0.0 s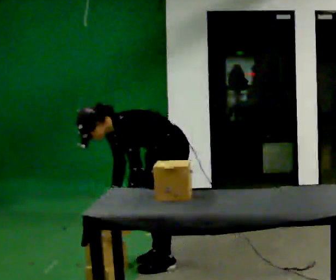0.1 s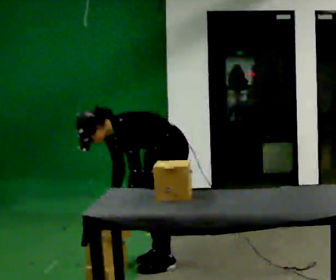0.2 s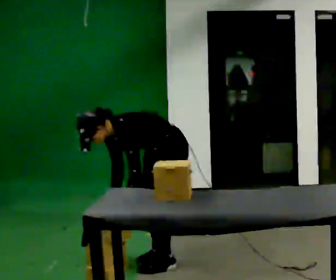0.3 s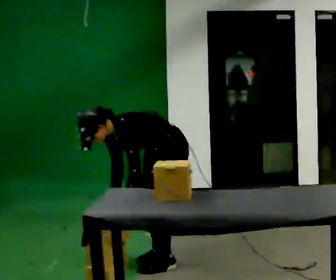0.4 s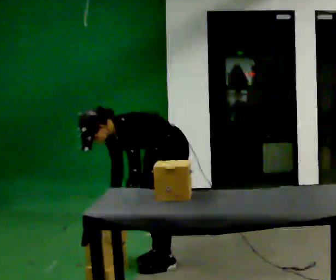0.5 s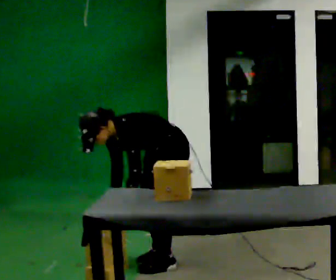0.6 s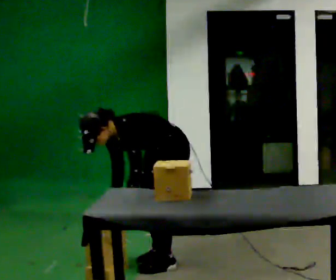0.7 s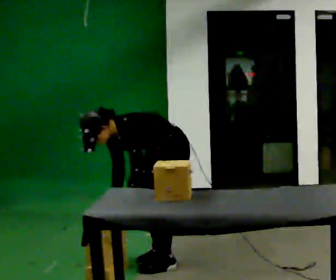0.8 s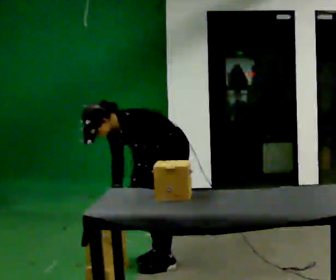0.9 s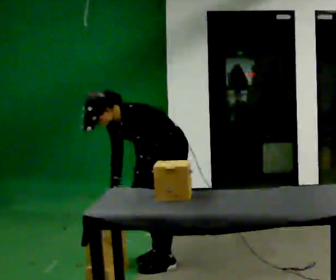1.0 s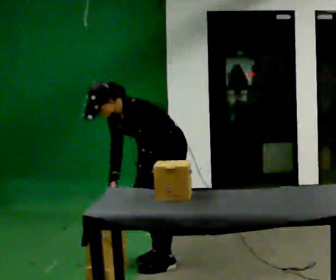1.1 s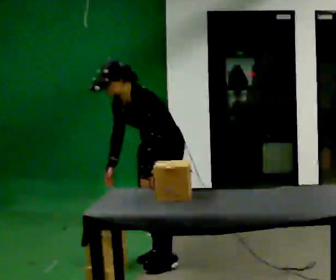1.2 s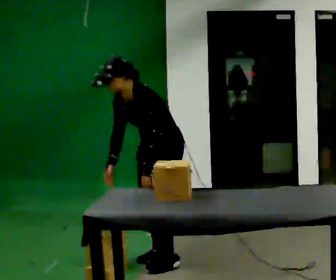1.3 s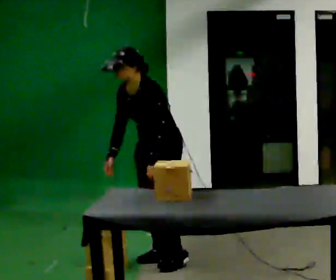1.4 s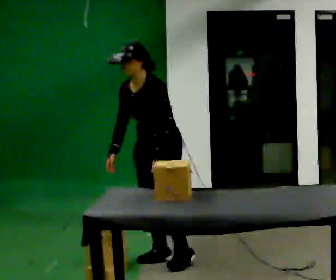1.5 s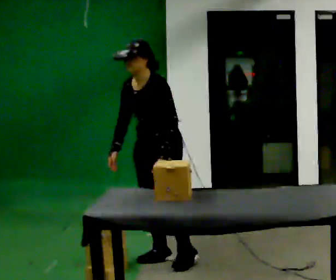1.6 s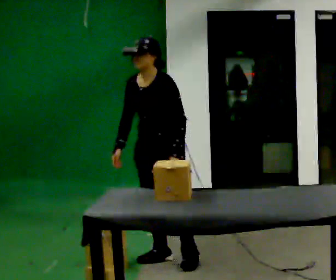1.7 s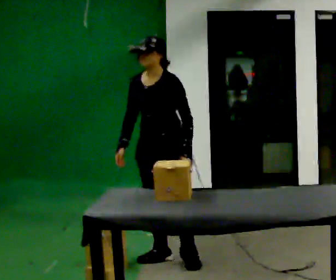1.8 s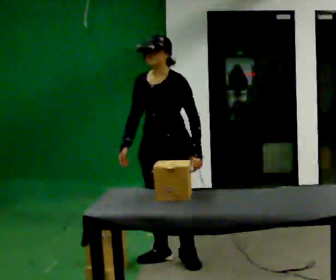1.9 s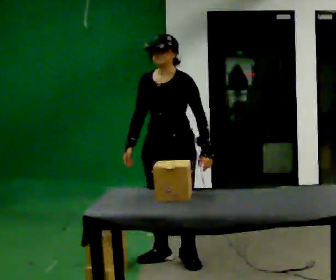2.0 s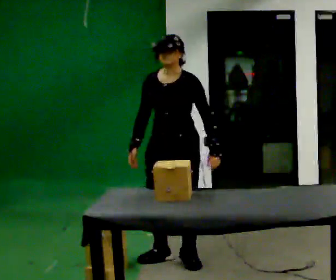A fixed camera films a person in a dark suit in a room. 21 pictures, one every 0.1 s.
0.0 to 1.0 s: In the picture the upper body tilts clockwise, shoulders to the right, as they lean back or straighten.
1.0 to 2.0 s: The part of the body nearest the lens slides to the right as the person turns to their left by about 45 degrees. The shoulders move upward. In the picture the upper body tilts clockwise, shoulders to the right, as they lean back or straighten. In the picture their left hand goes to the right.
The film runs forward here.
